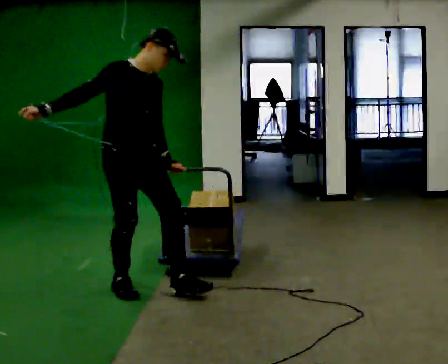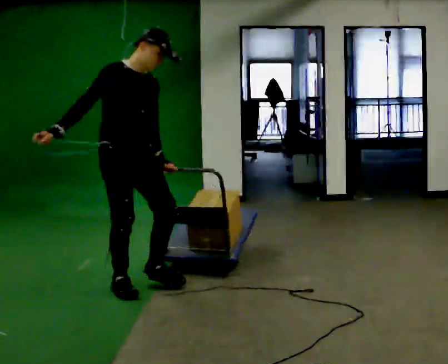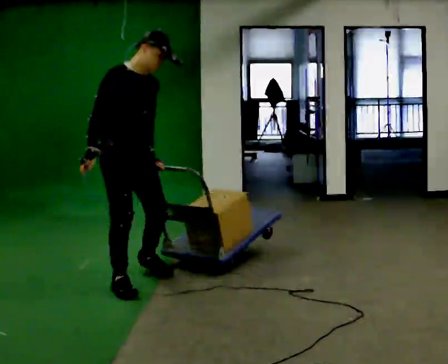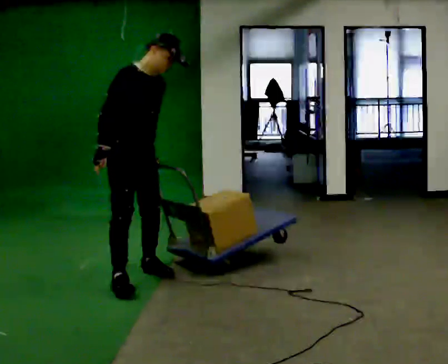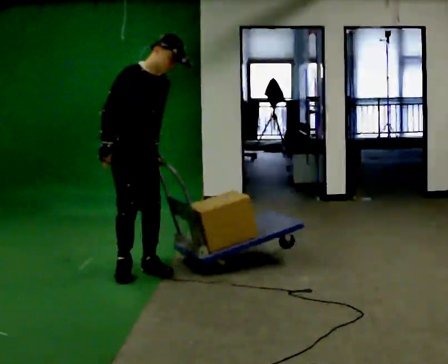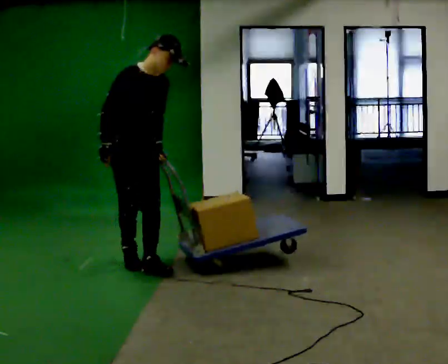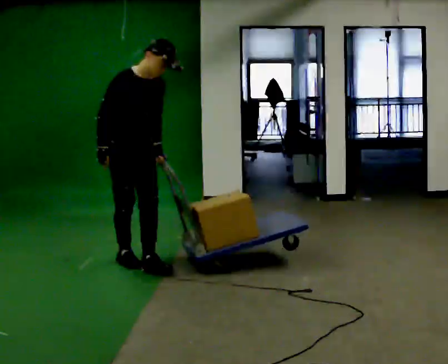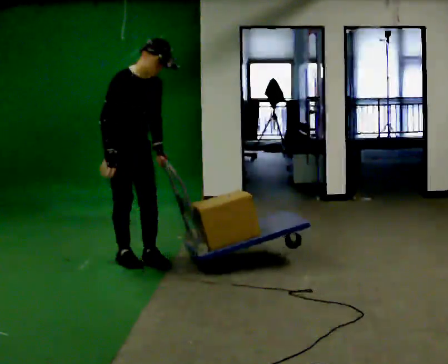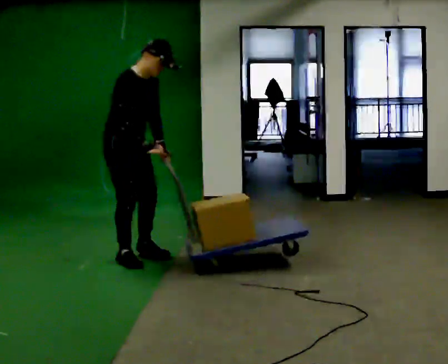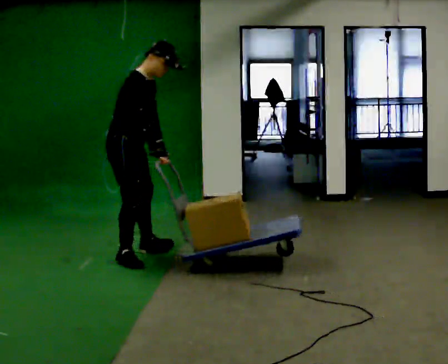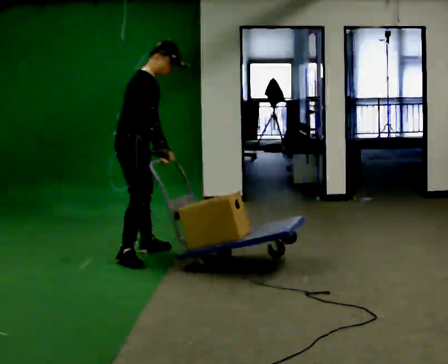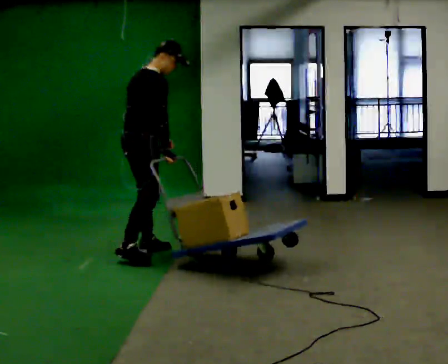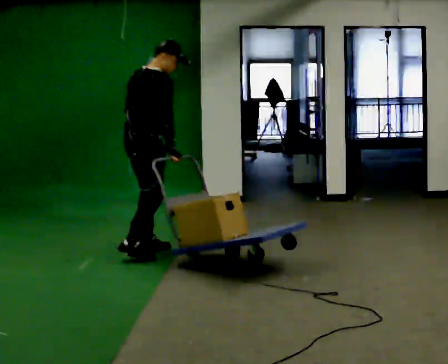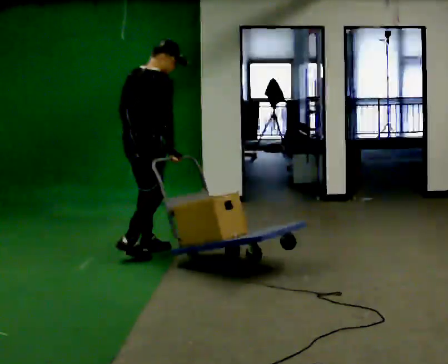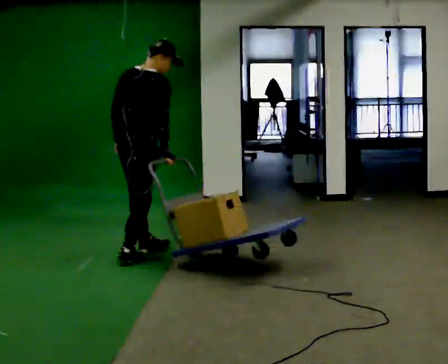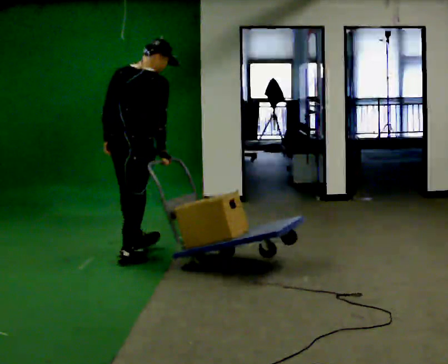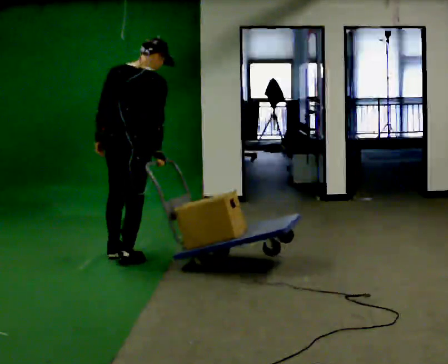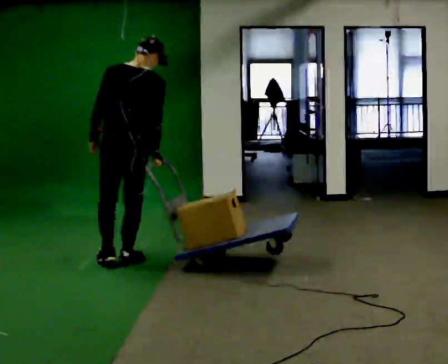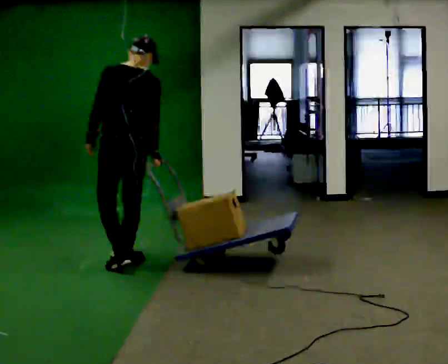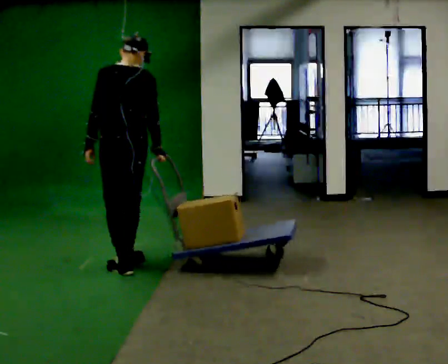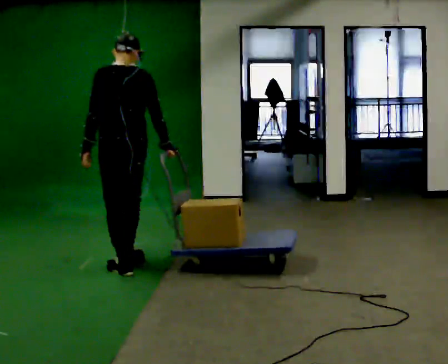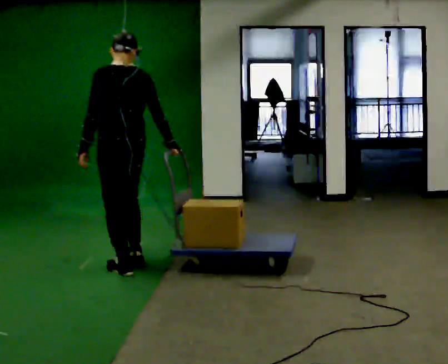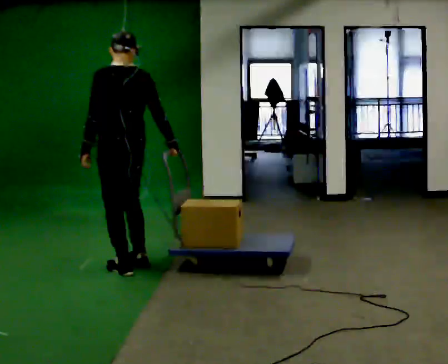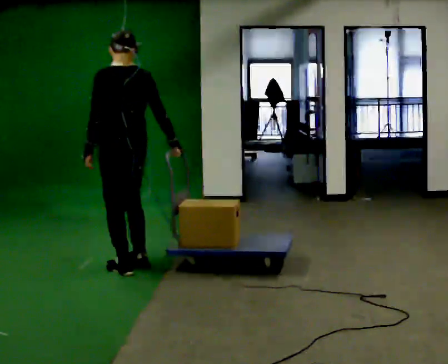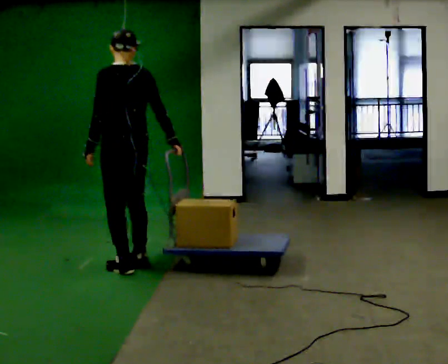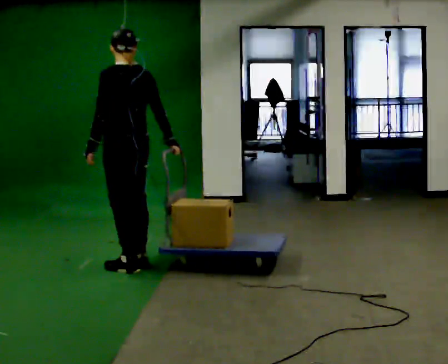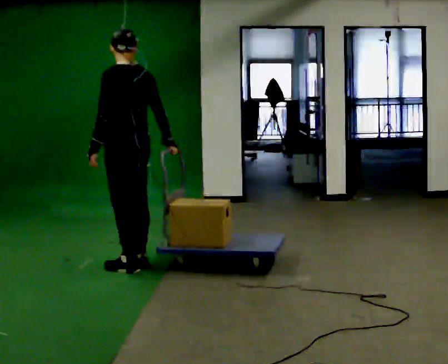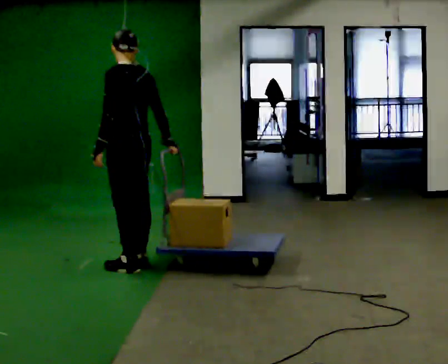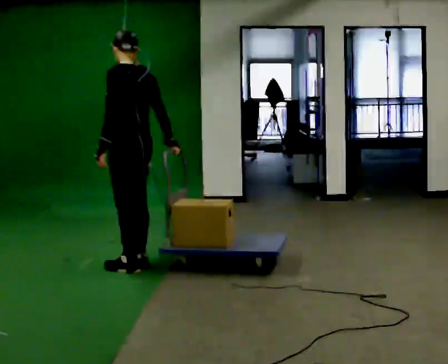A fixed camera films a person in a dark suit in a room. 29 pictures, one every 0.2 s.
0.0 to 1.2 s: In the picture they go away from the camera, about 0.75 m in 1 step, which for them is backward and to their left.
1.2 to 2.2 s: The person turns about 75 degrees to their left, counterclockwise seen from above, so the part of the body nearest the lens slides to the right. In the picture they go away from the camera, about 0.25 m in 1 step.
2.2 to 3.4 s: The person turns about 75 degrees to their left, counterclockwise seen from above, so the part of the body nearest the lens slides to the right. In the picture they go toward the camera, about 0.25 m in 2 steps.
3.4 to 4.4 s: Seen from above the body turns counterclockwise, about 30 degrees: to their left, with its near side sliding to the right. In the picture they go toward the camera, about 0.25 m in 1 step, which for them is backward.
4.4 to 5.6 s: The person moves a little, or ends about where they began.
The film runs backward here.
